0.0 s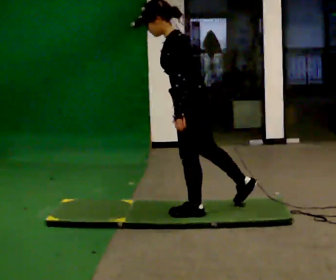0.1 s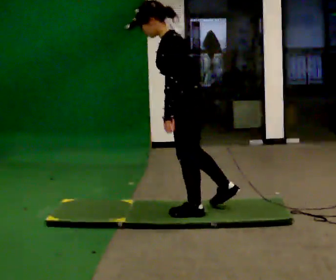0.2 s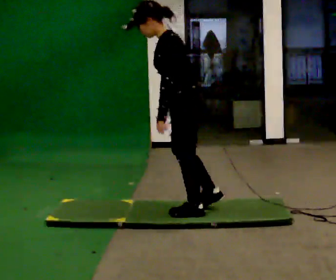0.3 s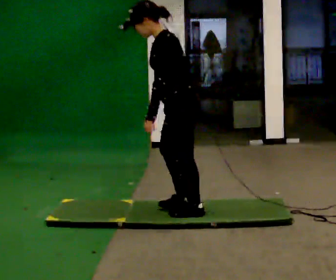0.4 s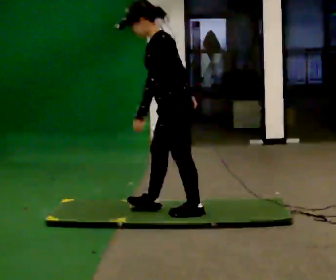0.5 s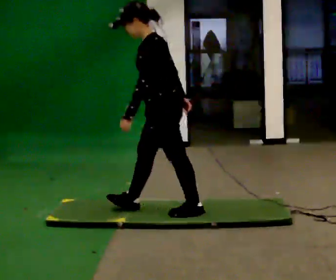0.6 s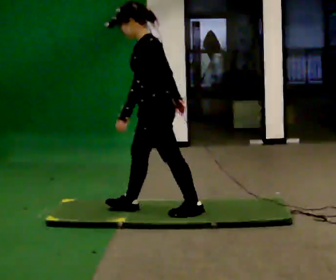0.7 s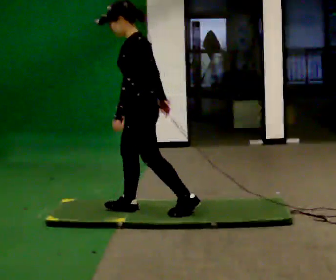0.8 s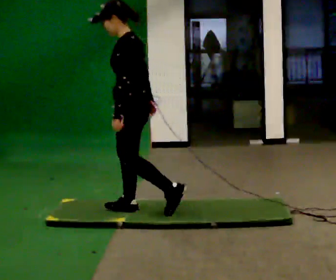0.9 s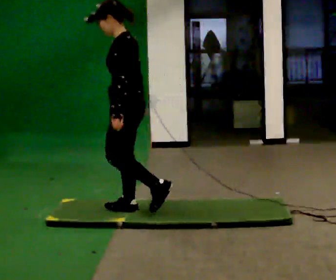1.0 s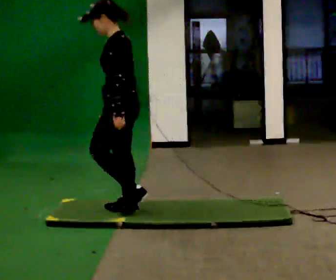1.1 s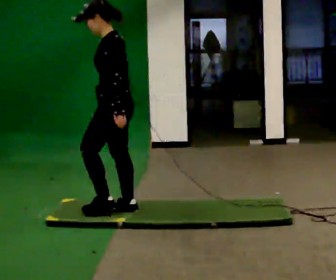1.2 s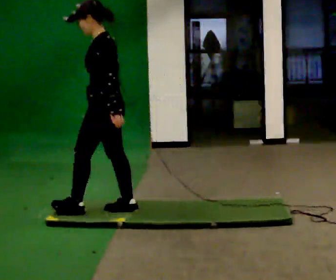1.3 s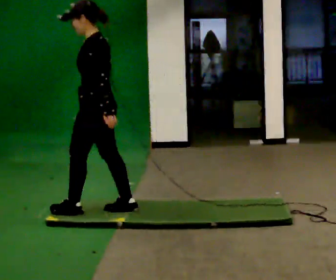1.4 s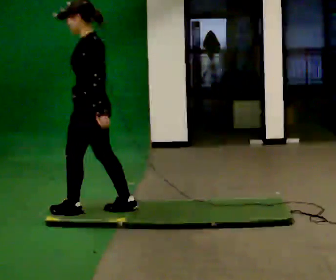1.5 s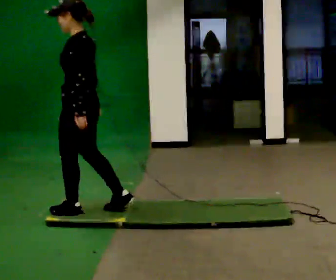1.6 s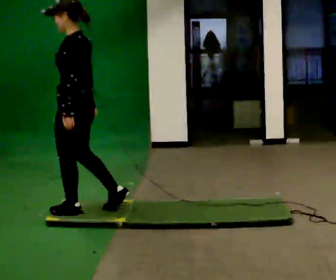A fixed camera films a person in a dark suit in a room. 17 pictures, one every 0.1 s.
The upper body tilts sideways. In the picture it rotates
clockwise.
The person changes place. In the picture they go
to the left.
0.0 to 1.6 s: In the picture they go to the left, about 1 m in 2 steps, which for them is forward. In the picture the upper body tilts clockwise, shoulders to the right, as they lean back or straighten.
The film runs forward here.
